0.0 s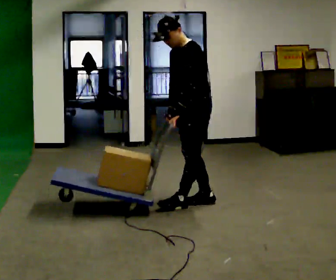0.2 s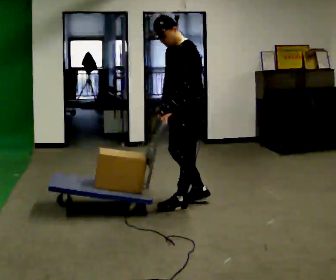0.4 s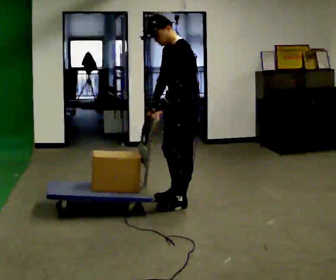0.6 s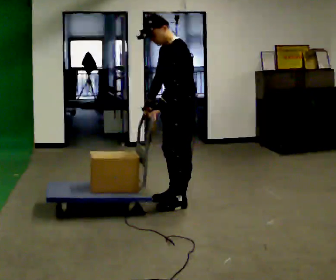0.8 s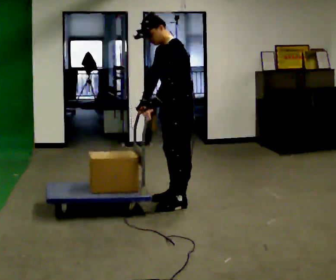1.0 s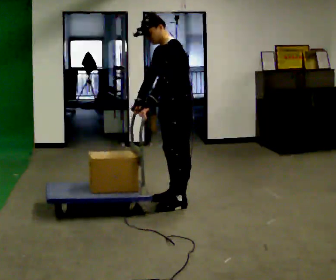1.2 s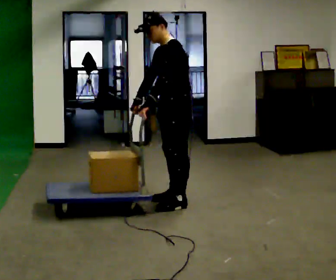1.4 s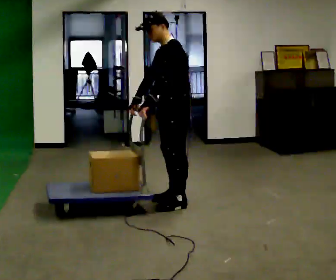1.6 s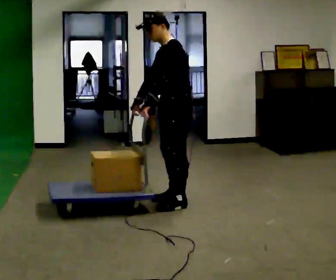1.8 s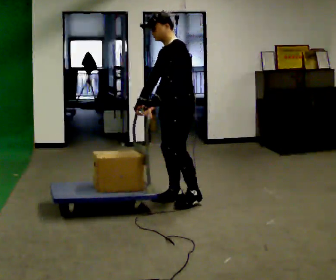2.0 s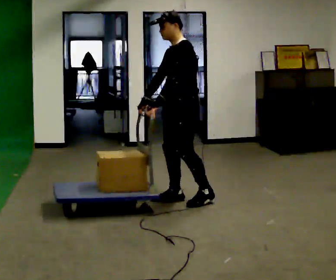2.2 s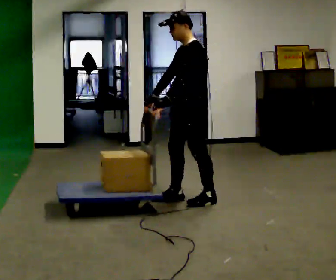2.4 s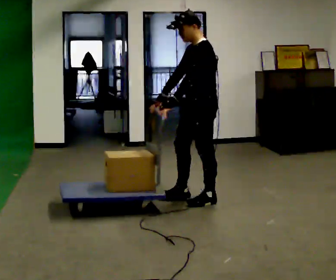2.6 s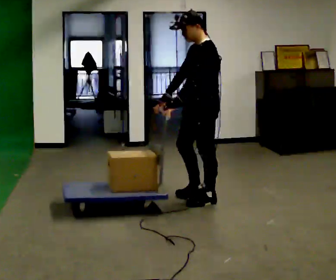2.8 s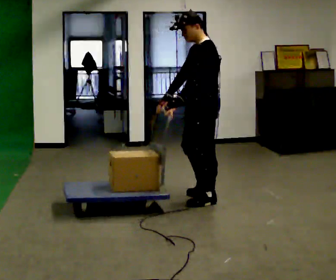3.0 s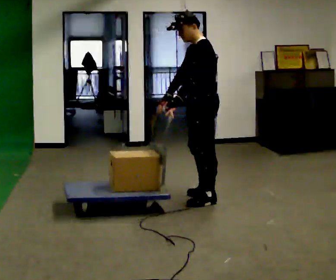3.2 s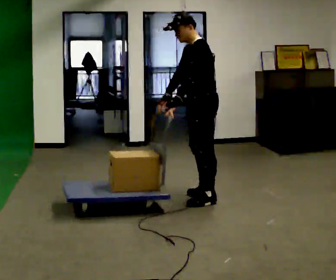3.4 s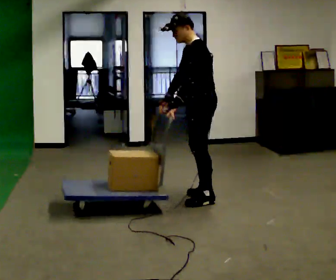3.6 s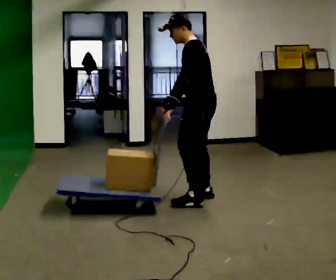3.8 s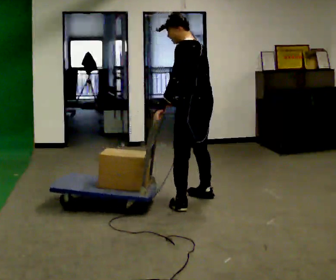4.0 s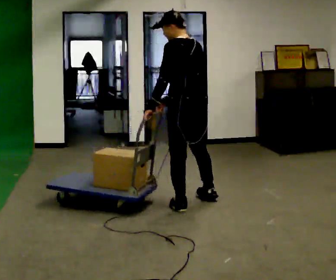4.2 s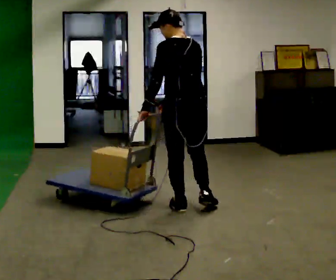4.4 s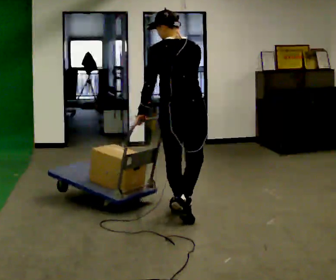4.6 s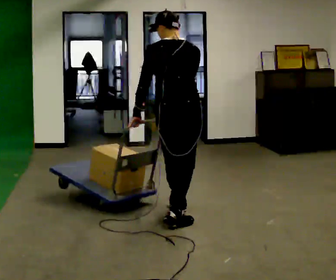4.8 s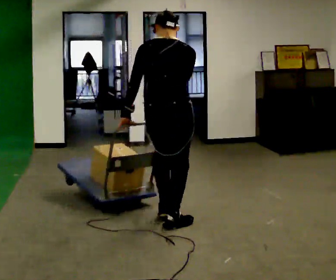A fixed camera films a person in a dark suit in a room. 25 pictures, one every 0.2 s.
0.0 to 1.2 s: In the picture they go to the left, about 0.25 m in 1 step, which for them is forward and to their right. In the picture their right hand goes to the left.
1.2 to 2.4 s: In the picture they go to the right, about 0.25 m in 2 steps, which for them is backward.
2.4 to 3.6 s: Seen from above the body turns clockwise, about 30 degrees: to their right, with its near side sliding to the left.
3.6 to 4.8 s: The part of the body nearest the lens slides to the left as the person turns to their right by about 90 degrees. In the picture they go toward the camera, about 1 m in 2 steps.
The film runs backward here.
